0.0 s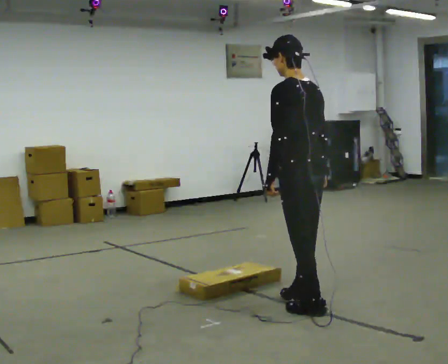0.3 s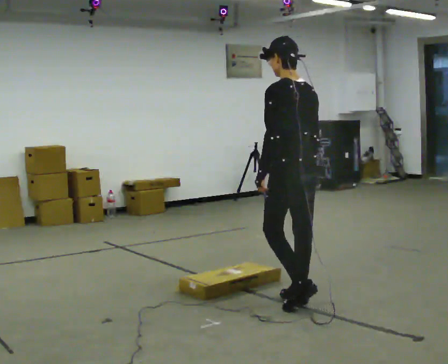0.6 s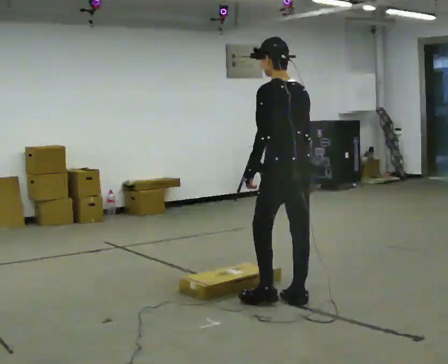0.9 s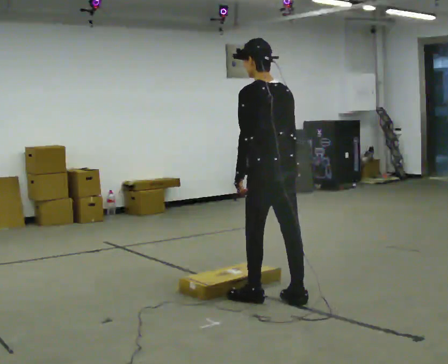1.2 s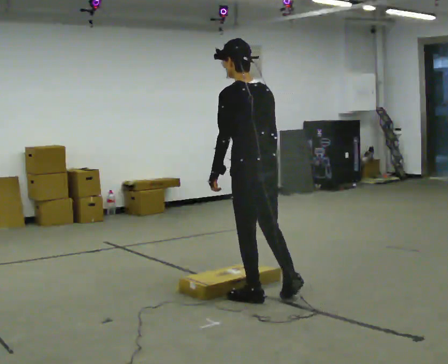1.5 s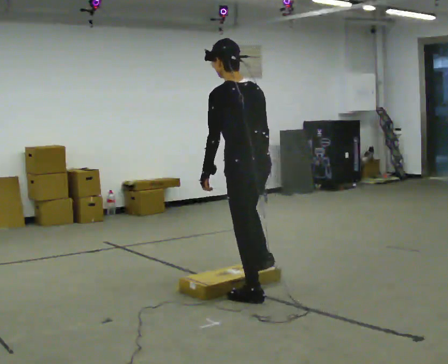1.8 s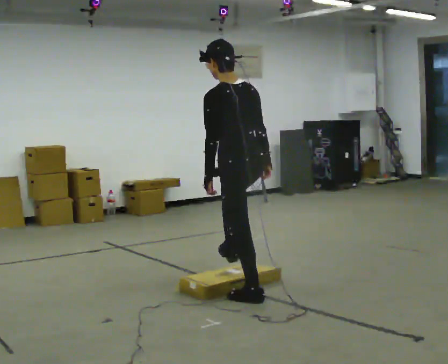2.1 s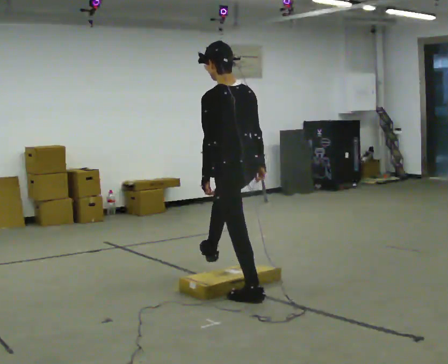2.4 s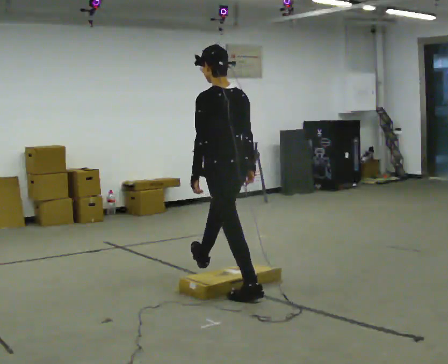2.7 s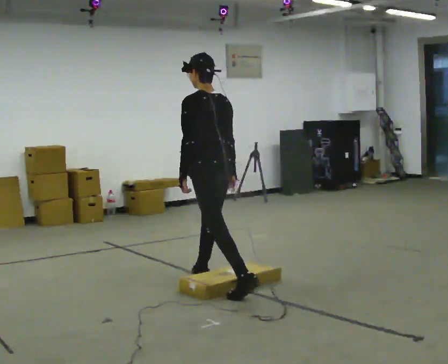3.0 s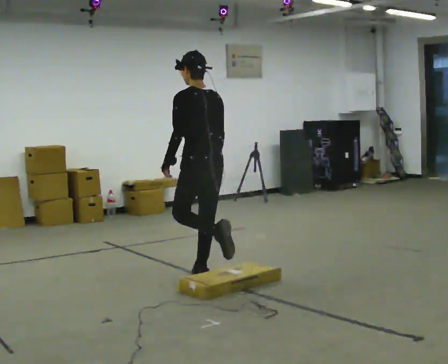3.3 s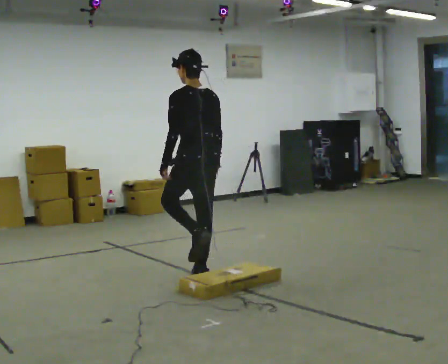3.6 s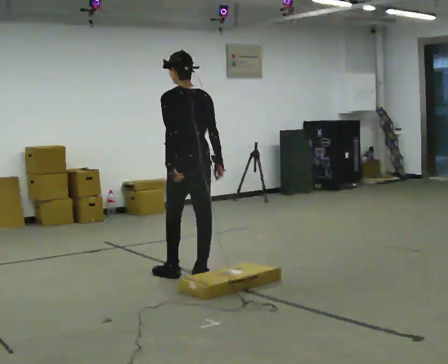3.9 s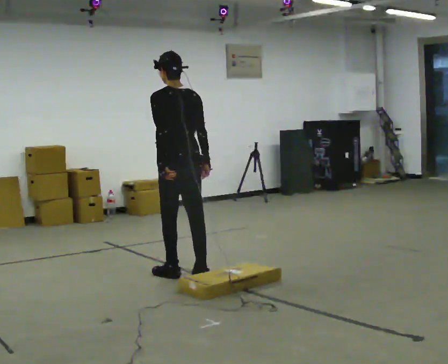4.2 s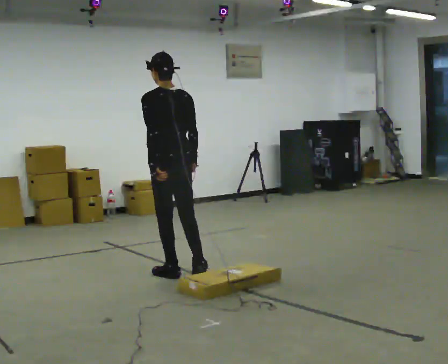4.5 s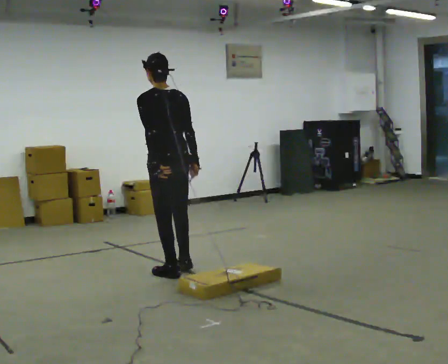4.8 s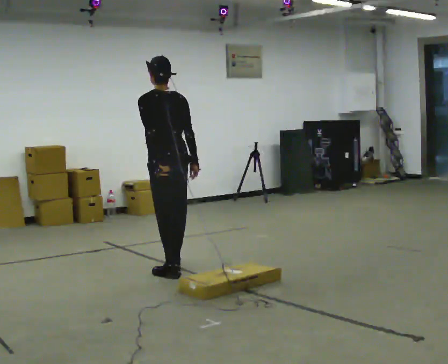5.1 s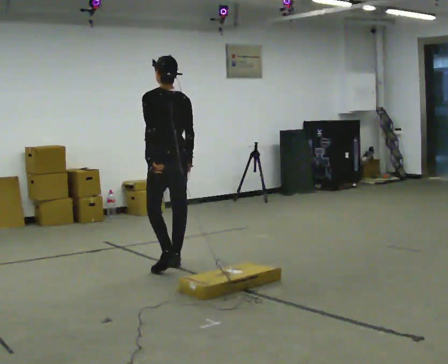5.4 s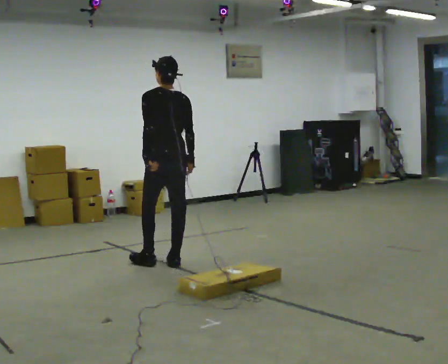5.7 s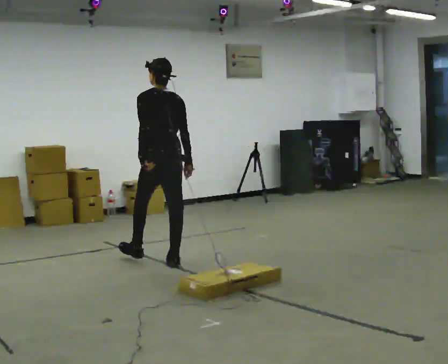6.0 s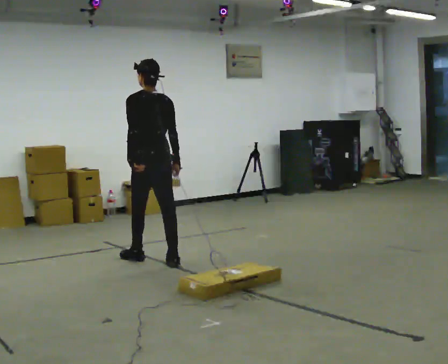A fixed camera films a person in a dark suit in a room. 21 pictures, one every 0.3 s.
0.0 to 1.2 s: In the picture they go to the left and away from the camera, about 0.25 m in 1 step, which for them is forward and to their left.
1.2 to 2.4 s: In the picture they go away from the camera and to the left, about 0.25 m in 1 step, which for them is forward.
2.4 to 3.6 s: In the picture they go away from the camera and to the left, about 0.5 m in 1 step, which for them is forward.
3.6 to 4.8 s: In the picture they go away from the camera, about 0.25 m in 1 step, which for them is forward.
4.8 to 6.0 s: In the picture they go away from the camera and to the left, about 0.5 m in 1 step, which for them is forward.
The film runs forward here.
